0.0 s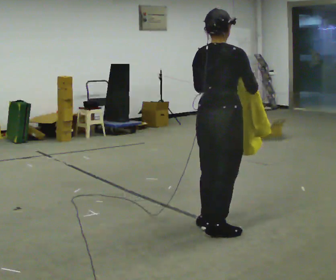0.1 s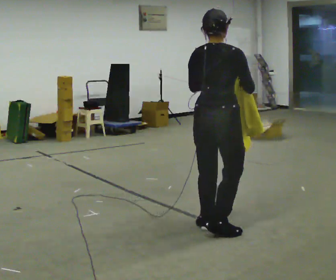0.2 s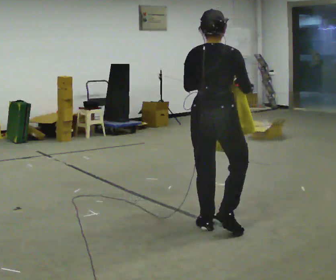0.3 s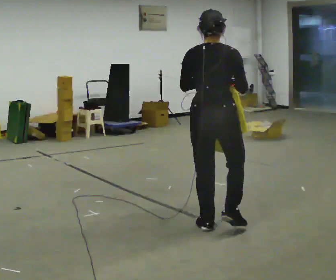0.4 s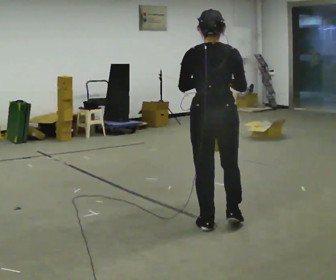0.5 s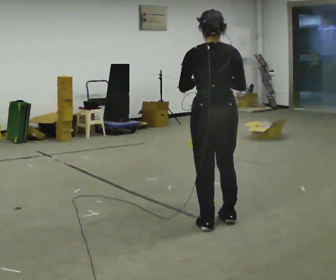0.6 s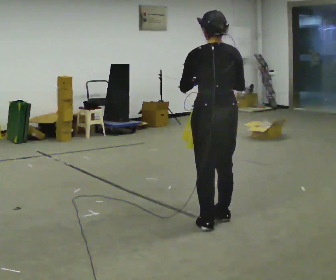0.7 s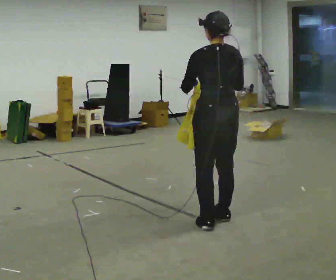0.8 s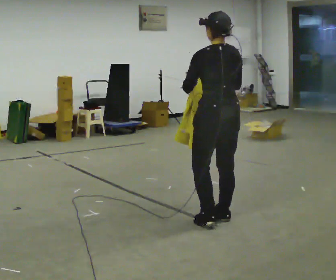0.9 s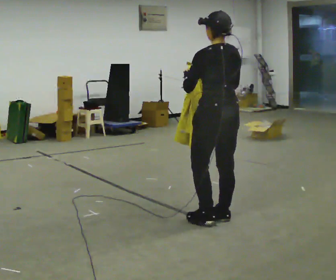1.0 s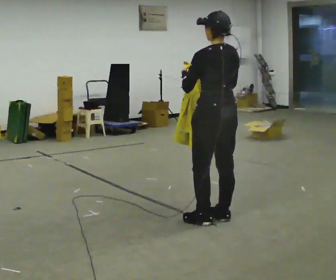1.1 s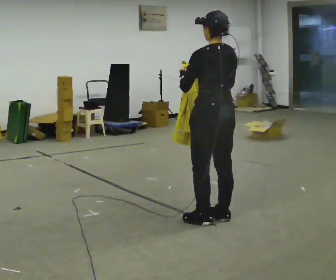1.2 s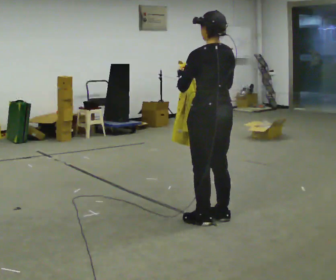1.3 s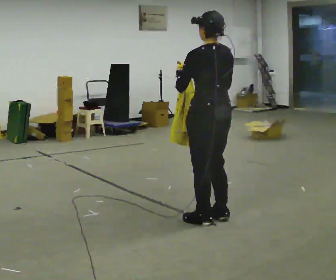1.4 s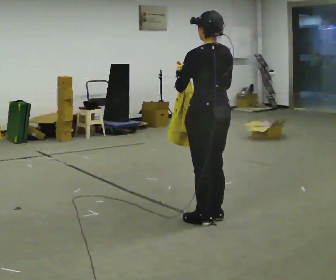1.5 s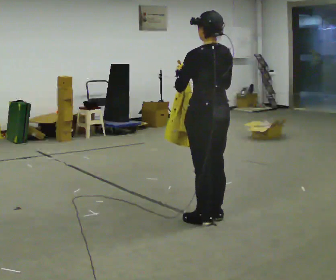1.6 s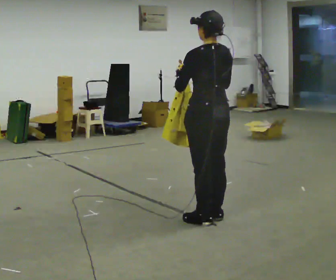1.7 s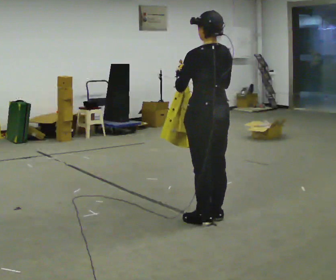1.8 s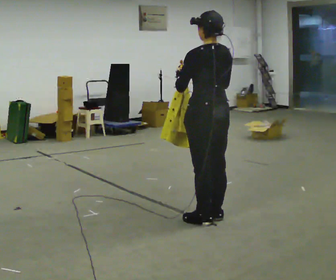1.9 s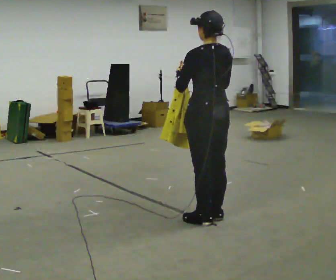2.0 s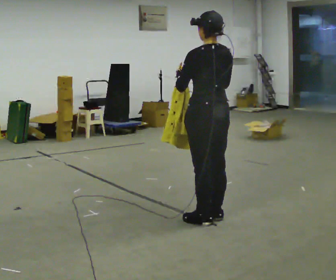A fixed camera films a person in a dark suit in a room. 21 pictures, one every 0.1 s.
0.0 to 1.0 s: Seen from above the body turns counterclockwise, about 75 degrees: to their left, with its near side sliding to the right. In the picture they go away from the camera, about 0.25 m in 1 step. In the picture their right hand goes to the left.
1.0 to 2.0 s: The person moves a little, or ends about where they began.
The film runs forward here.
